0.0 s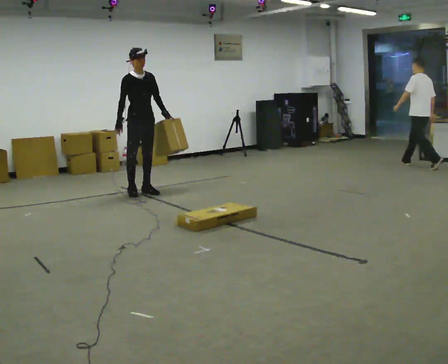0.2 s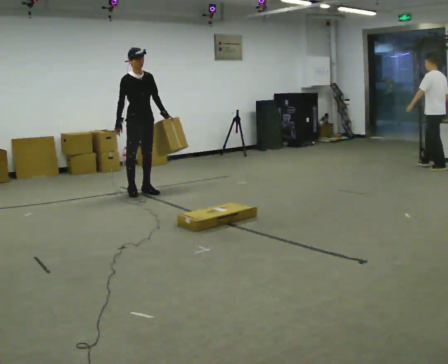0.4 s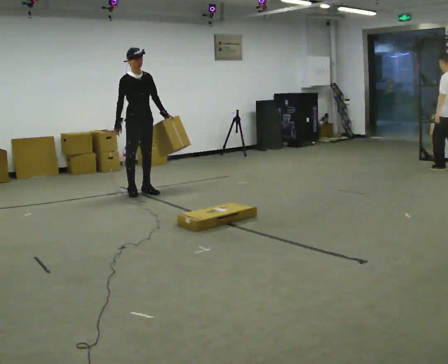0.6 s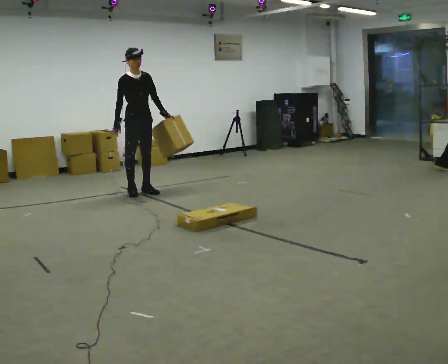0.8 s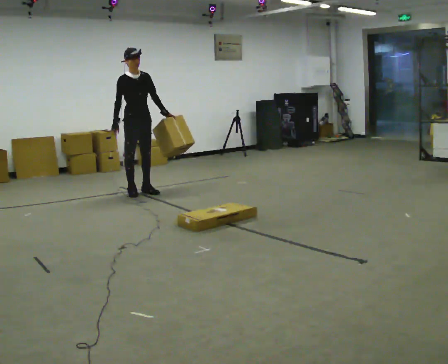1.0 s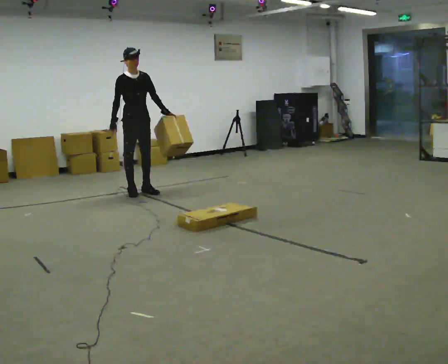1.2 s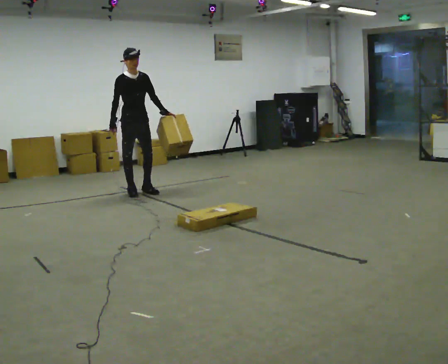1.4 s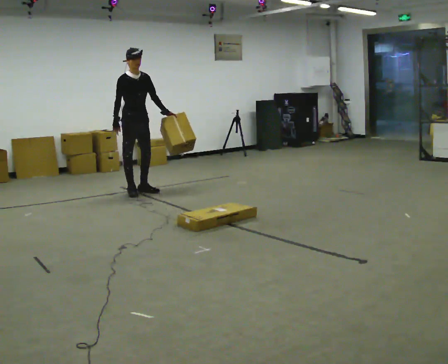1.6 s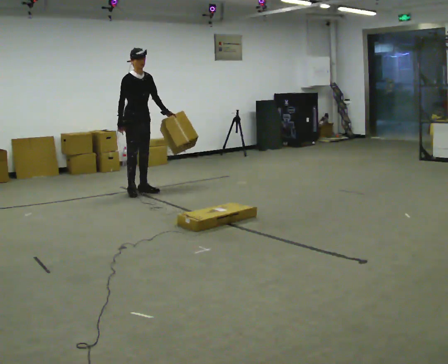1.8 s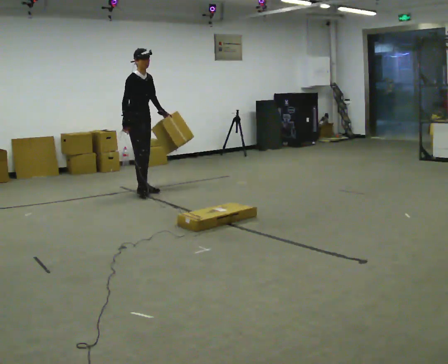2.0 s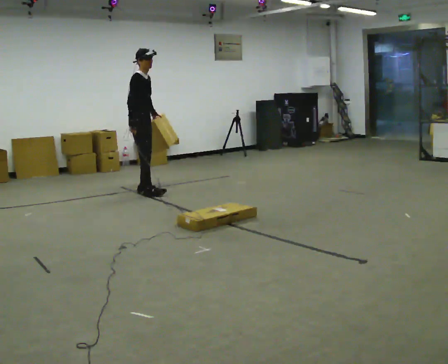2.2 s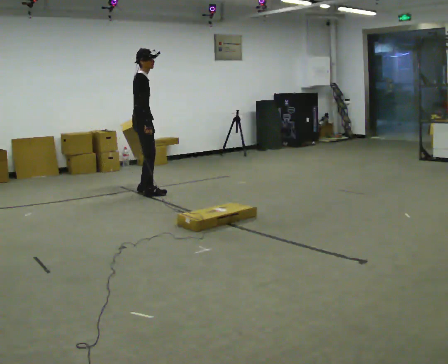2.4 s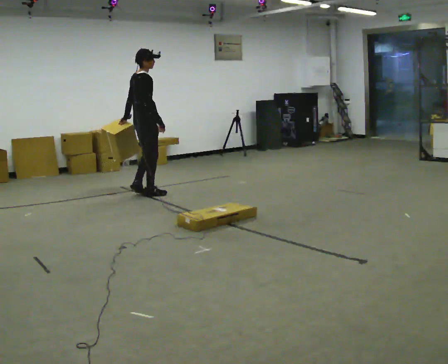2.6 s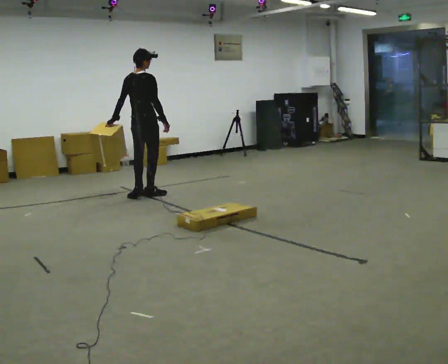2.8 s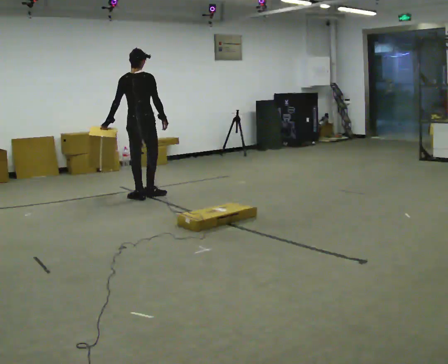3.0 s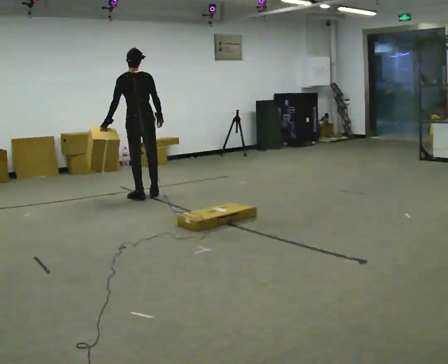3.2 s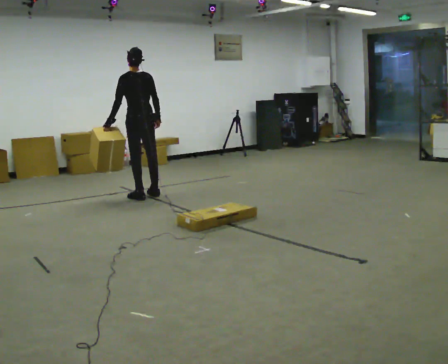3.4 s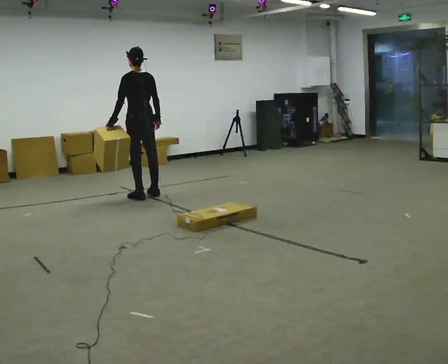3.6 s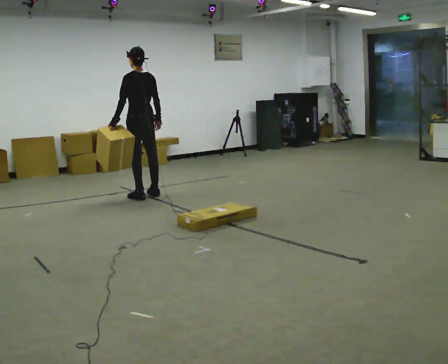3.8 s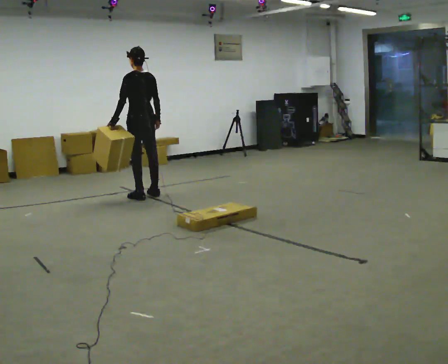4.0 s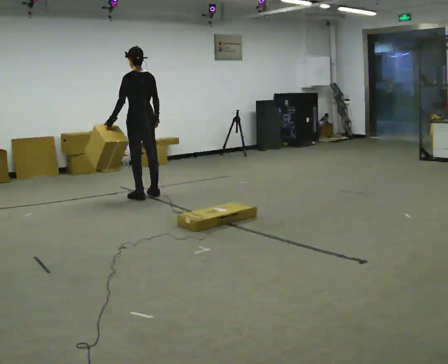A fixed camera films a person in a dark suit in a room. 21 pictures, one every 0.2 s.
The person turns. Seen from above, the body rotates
counterclockwise.
The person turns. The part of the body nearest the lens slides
to the right.
0.0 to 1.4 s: The person moves a little, or ends about where they began.
1.4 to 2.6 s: The part of the body nearest the lens slides to the right as the person turns to their left by about 120 degrees. In the picture they go toward the camera, about 0.25 m in 2 steps.
2.6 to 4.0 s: Seen from above the body turns counterclockwise, about 60 degrees: to their left, with its near side sliding to the right.
The film runs backward here.
